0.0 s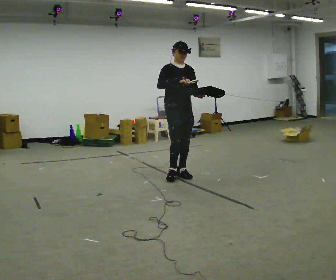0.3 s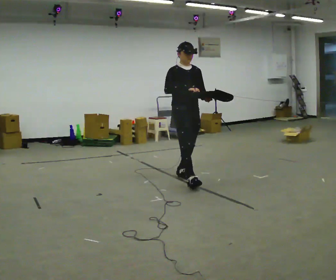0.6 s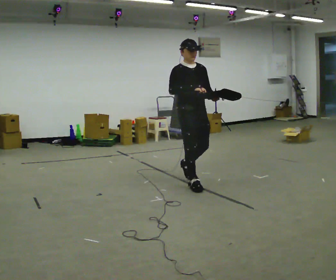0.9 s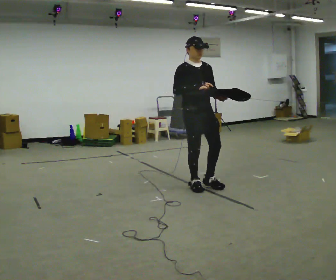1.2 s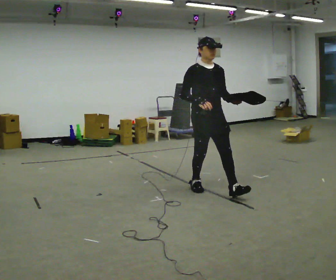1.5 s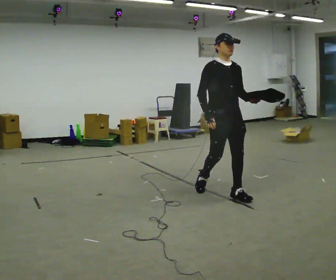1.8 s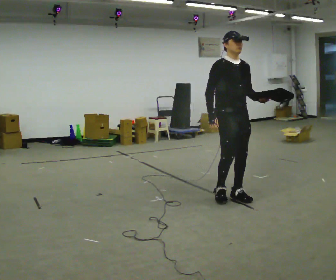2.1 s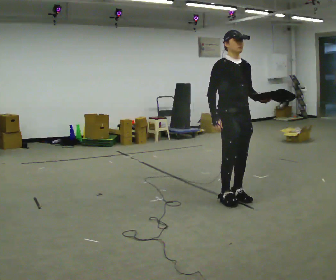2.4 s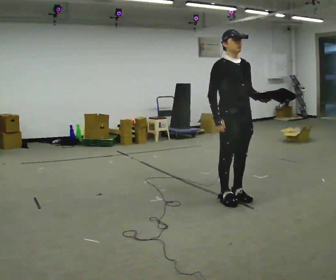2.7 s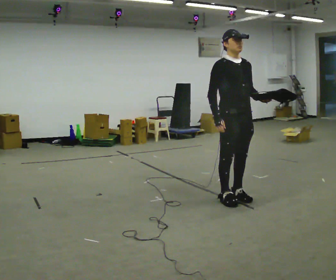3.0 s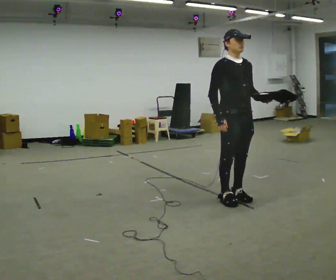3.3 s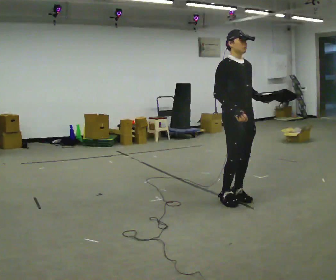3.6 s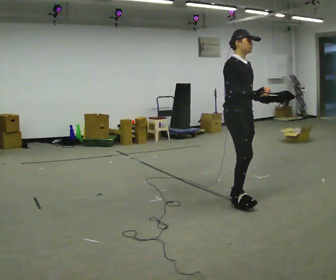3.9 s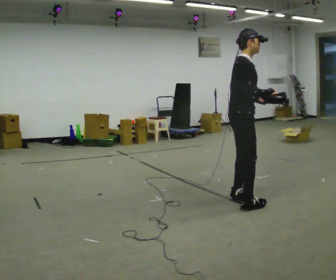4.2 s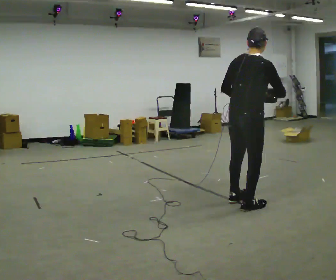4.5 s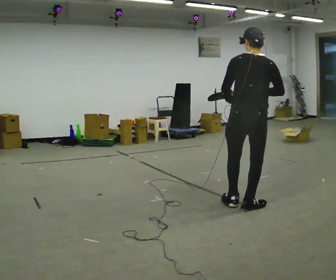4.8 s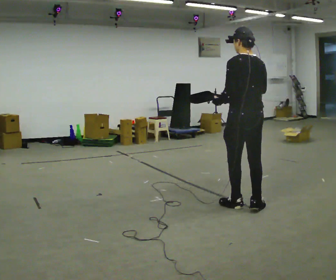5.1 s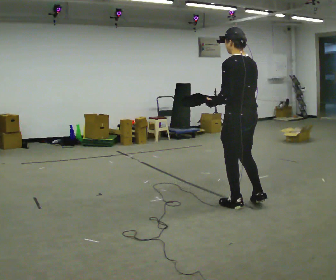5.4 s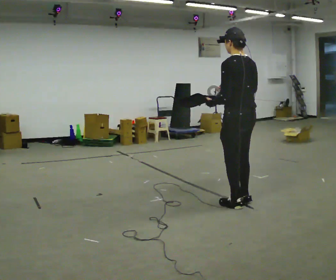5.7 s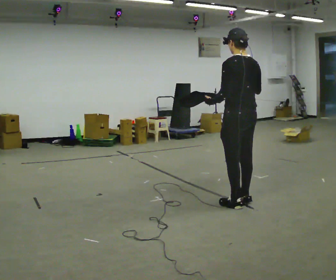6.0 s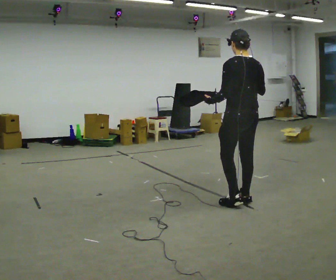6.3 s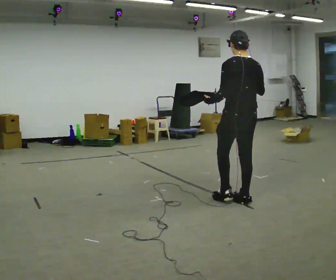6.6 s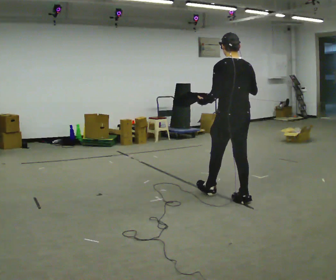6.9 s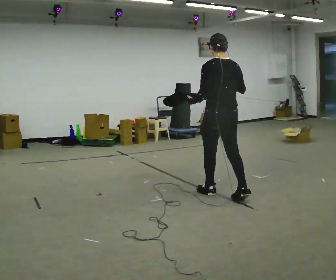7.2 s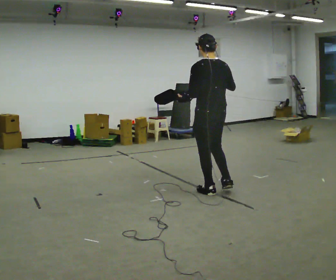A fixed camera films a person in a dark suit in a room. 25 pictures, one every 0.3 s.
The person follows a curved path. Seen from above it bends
counterclockwise.
Their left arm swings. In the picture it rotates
clockwise.
0.0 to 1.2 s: In the picture they go toward the camera and to the right, about 1 m in 2 steps, which for them is forward.
1.2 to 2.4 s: In the picture they go toward the camera and to the right, about 0.5 m in 1 step, which for them is forward.
2.4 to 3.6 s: In the picture their right hand goes to the right, the arm swinging counterclockwise.
3.6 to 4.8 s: The part of the body nearest the lens slides to the right as the person turns to their left by about 150 degrees. In the picture they go toward the camera, about 0.25 m in 2 steps. In the picture their left hand goes to the left, the arm swinging clockwise.
4.8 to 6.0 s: The person moves a little, or ends about where they began.
6.0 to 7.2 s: In the picture they go away from the camera and to the left, about 0.5 m in 1 step, which for them is forward.
The film runs forward here.
